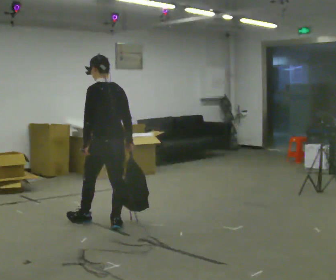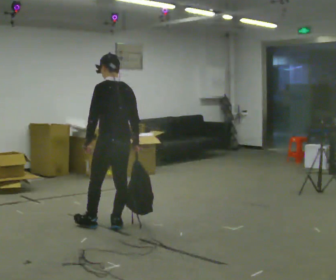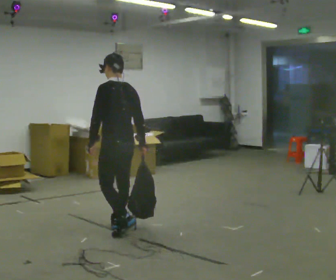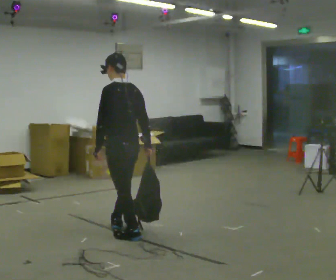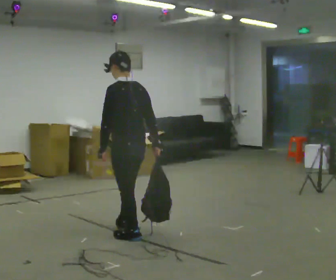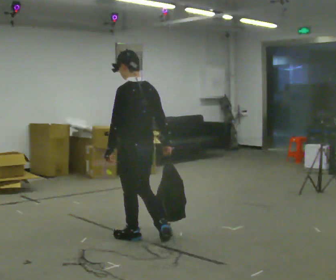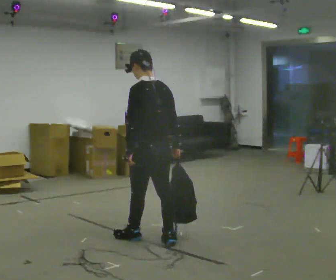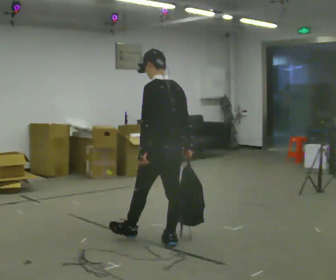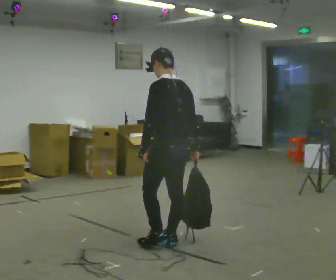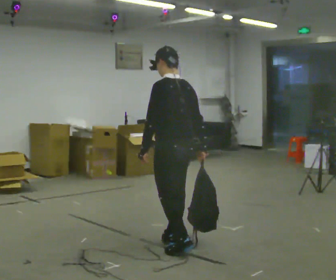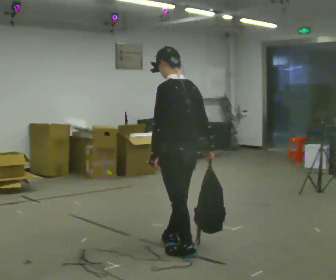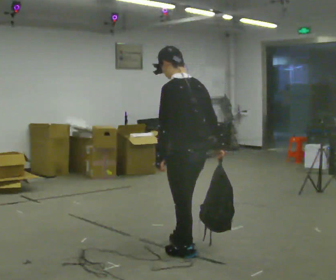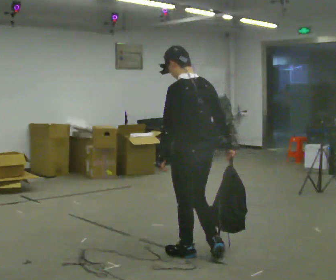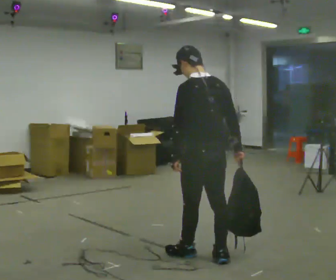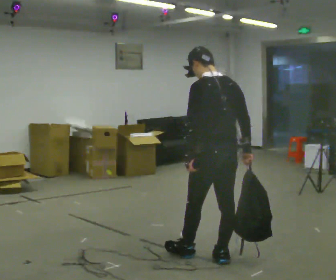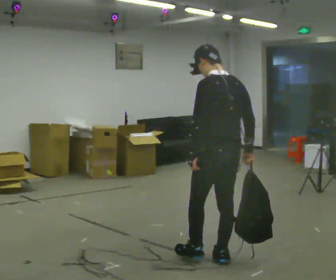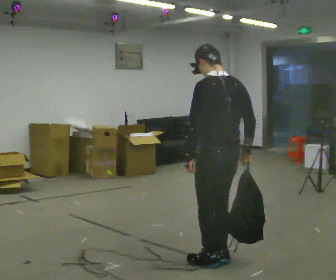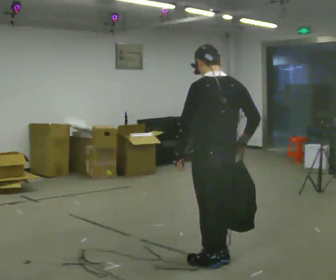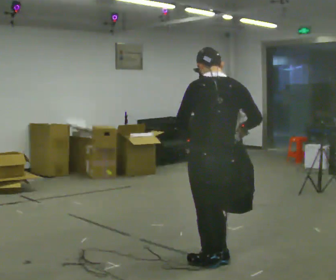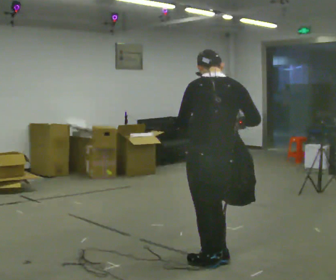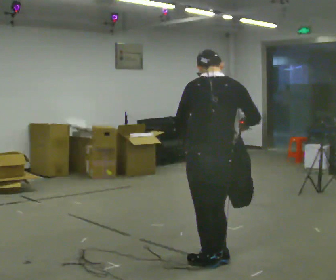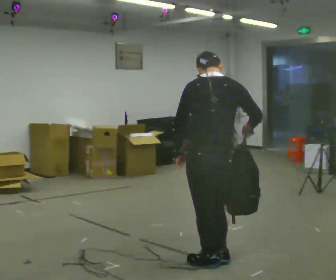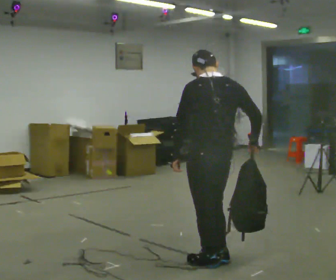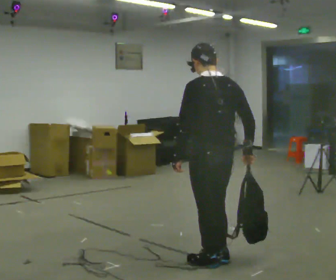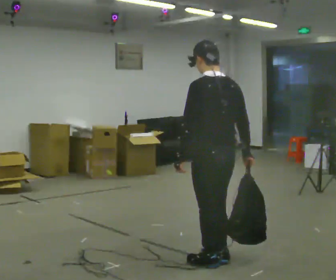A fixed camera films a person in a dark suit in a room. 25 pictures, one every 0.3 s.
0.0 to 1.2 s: In the picture they go toward the camera and to the right, about 0.5 m in 2 steps, which for them is backward.
1.2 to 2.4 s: In the picture they go to the right and toward the camera, about 0.5 m in 1 step, which for them is backward.
2.4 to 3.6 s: In the picture they go toward the camera and to the right, about 0.5 m in 1 step, which for them is backward.
3.6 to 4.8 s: In the picture they go to the right and toward the camera, about 0.25 m in 1 step, which for them is backward.
4.8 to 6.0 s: The part of the body nearest the lens slides to the left as the person turns to their right by about 30 degrees.
6.0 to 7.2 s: The person moves a little, or ends about where they began.
The film runs backward here.
